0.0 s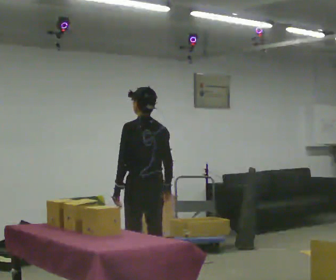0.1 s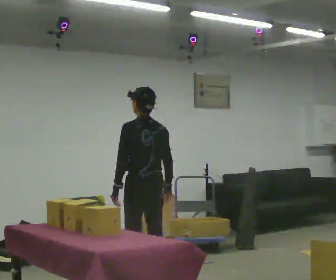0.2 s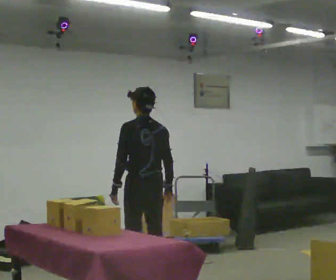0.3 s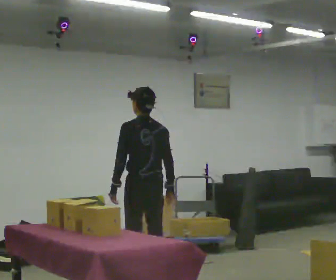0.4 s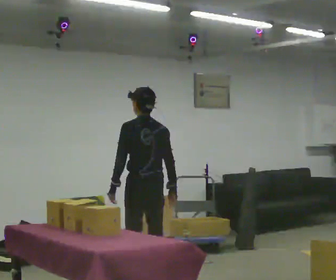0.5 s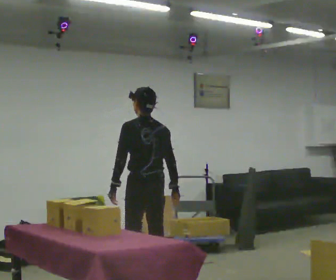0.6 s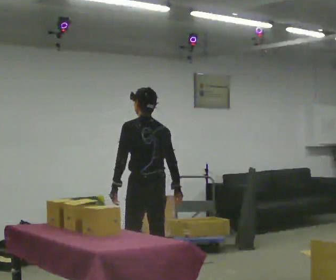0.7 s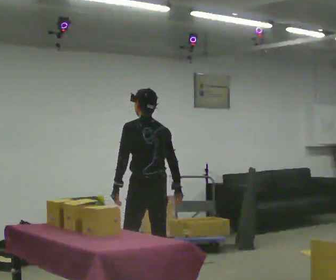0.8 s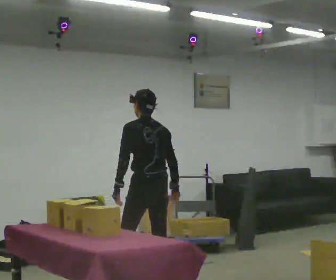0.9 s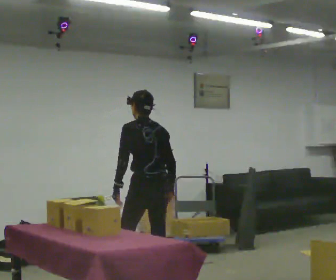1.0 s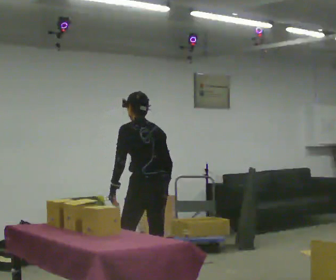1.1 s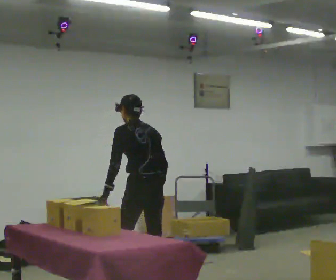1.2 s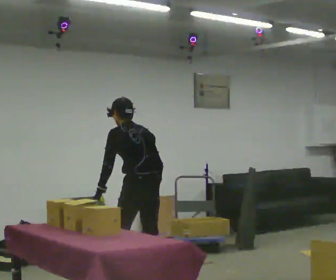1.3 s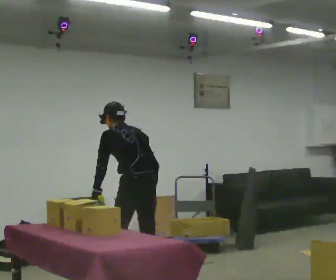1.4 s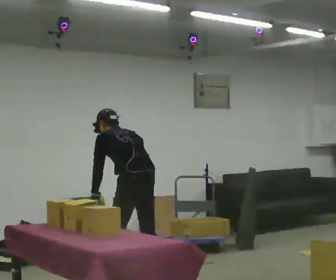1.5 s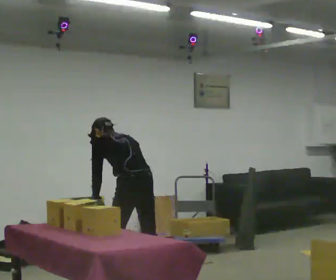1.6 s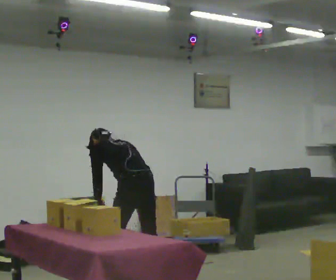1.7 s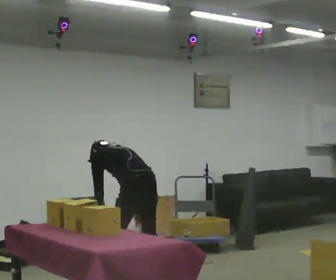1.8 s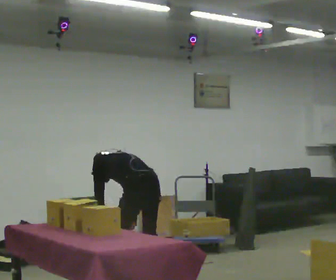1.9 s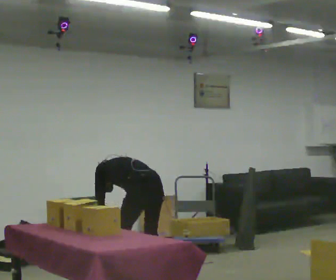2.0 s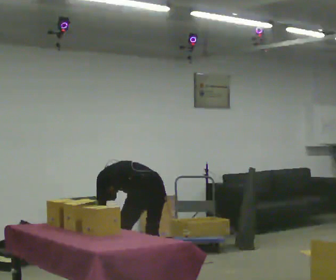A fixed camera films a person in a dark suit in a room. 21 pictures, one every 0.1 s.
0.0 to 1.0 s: The person moves a little, or ends about where they began.
1.0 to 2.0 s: The upper body goes downward. The upper body tips away from the camera, its near side rolling upward, as they bend forward. In the picture their left hand goes downward.
The film runs backward here.
